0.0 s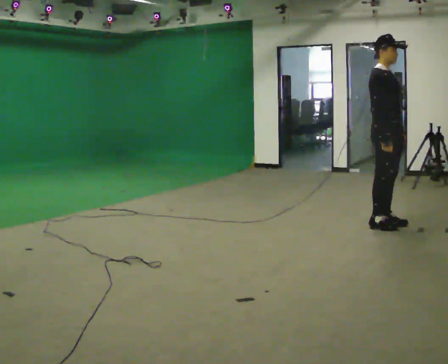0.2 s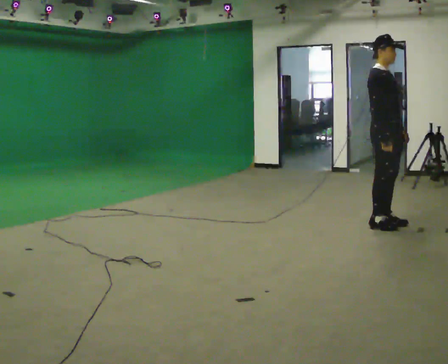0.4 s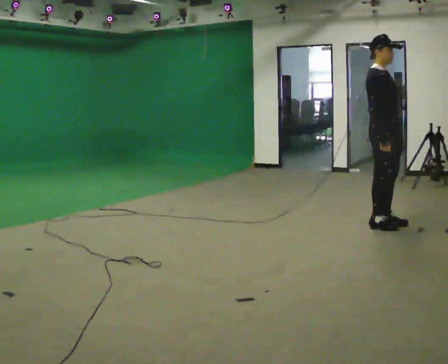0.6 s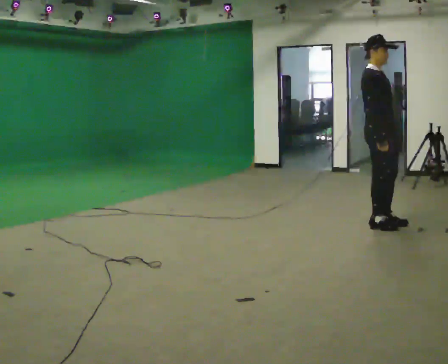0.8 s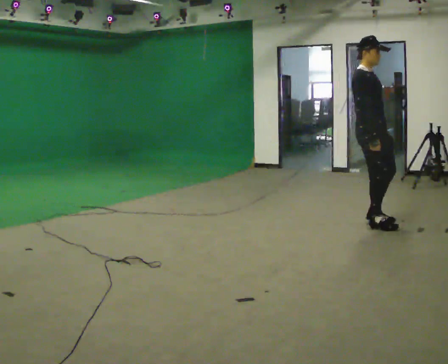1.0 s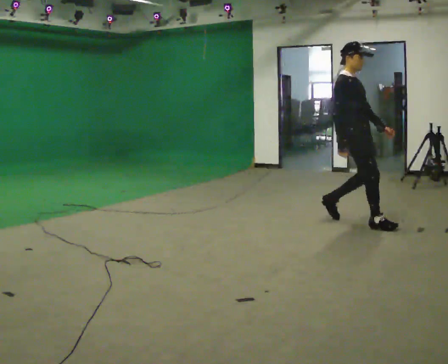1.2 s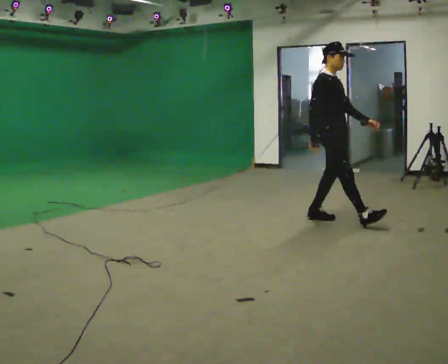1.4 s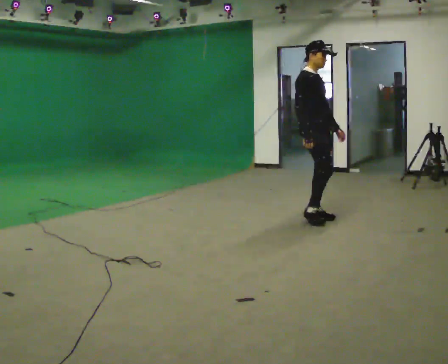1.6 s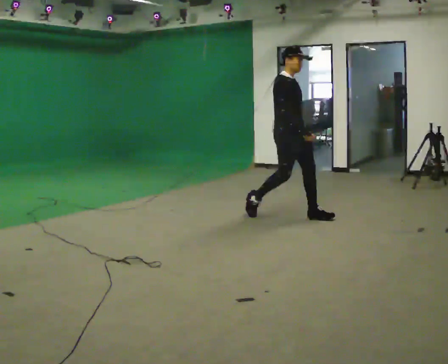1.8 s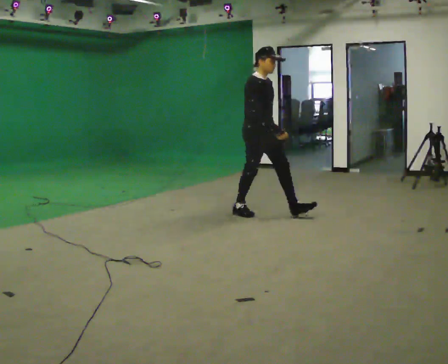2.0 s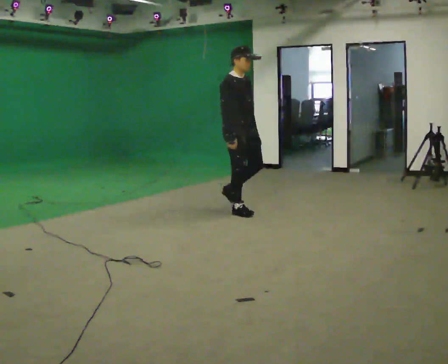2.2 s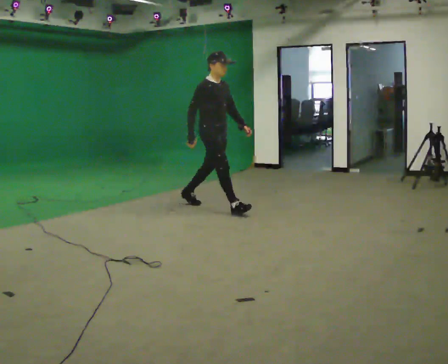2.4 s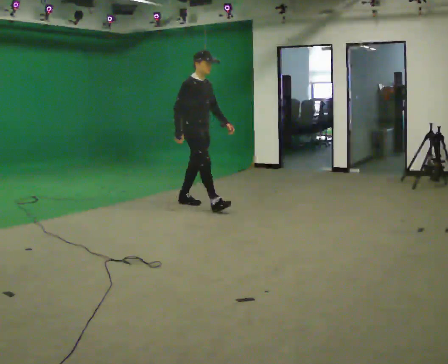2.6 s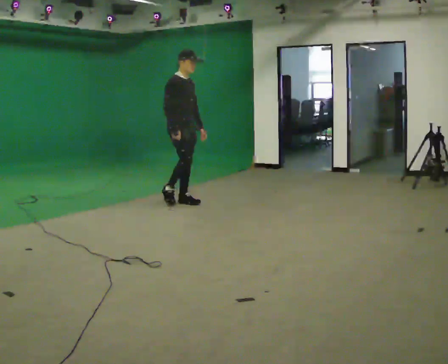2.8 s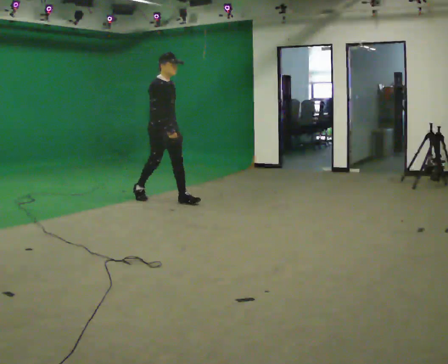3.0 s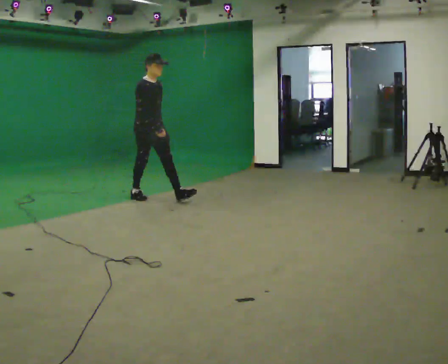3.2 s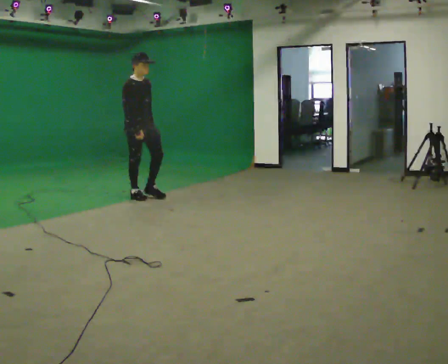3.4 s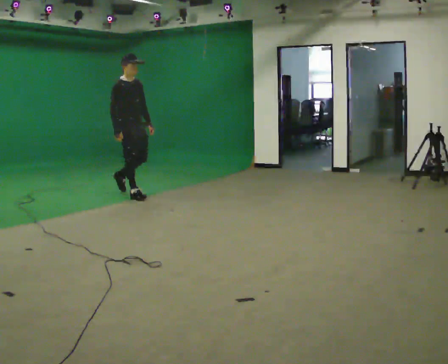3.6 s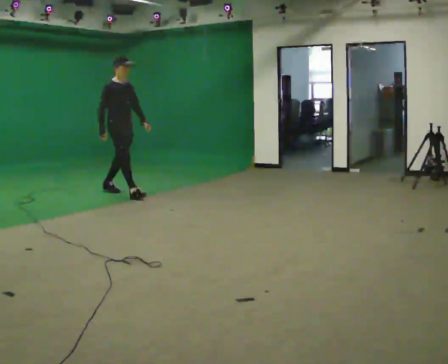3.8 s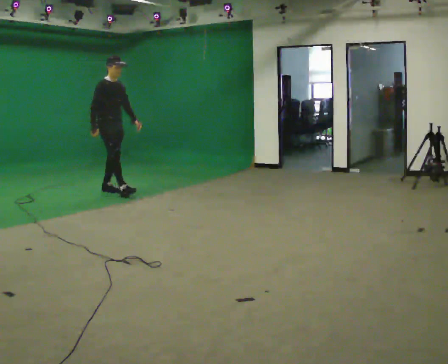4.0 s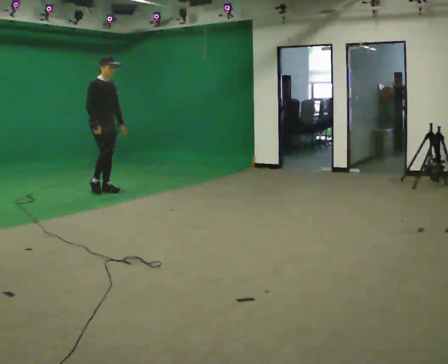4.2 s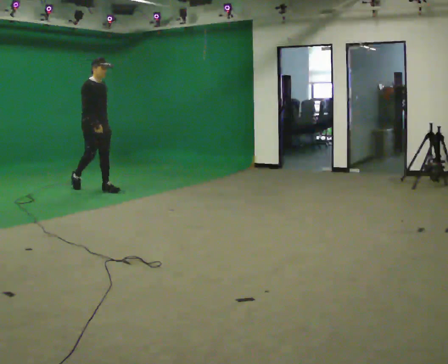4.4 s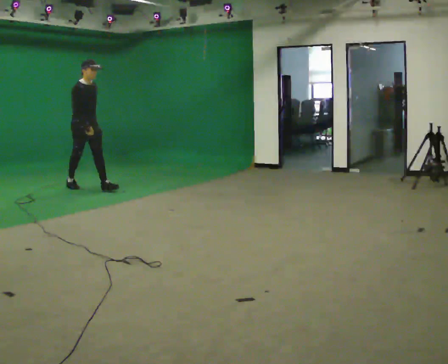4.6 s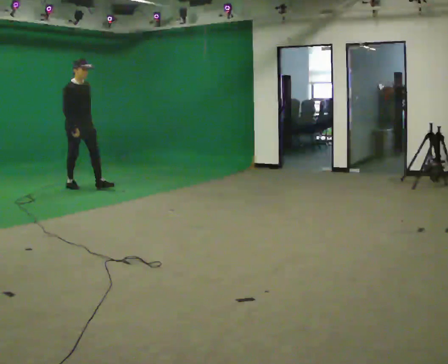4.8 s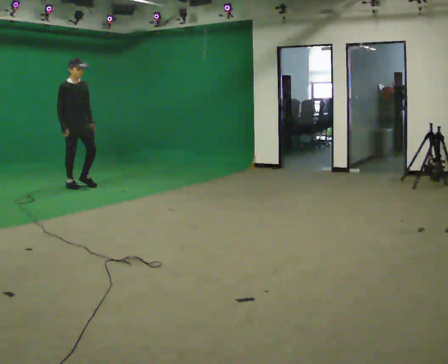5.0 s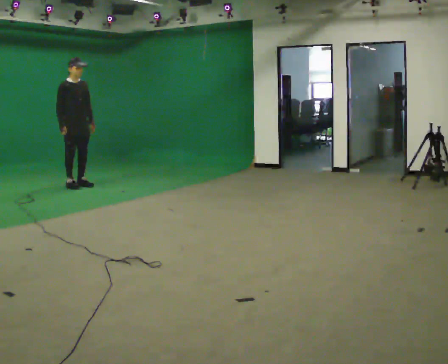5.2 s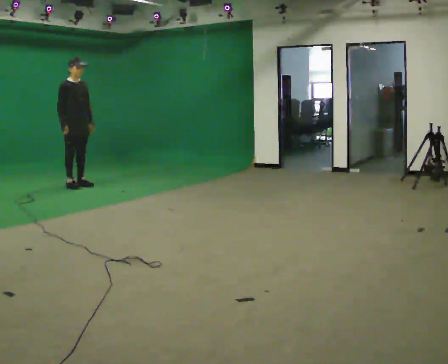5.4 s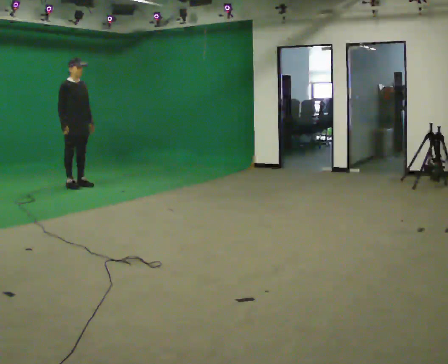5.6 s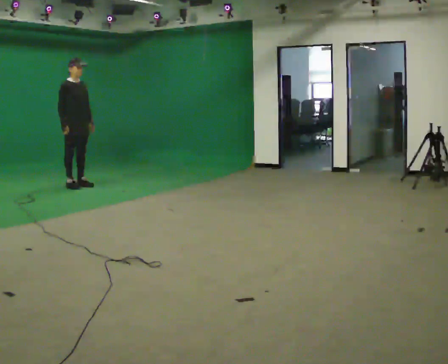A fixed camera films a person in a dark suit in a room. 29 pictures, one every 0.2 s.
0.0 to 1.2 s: In the picture they go to the left and away from the camera, about 0.5 m in 2 steps, which for them is backward.
1.2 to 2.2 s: In the picture they go to the left and away from the camera, about 1.5 m in 2 steps, which for them is backward.
2.2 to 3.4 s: In the picture they go to the left and away from the camera, about 1 m in 1 step, which for them is backward.
3.4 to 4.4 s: In the picture they go to the left and away from the camera, about 1 m in 1 step, which for them is backward.
4.4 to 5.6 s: In the picture they go away from the camera and to the left, about 0.25 m in 1 step, which for them is backward.
The film runs backward here.
